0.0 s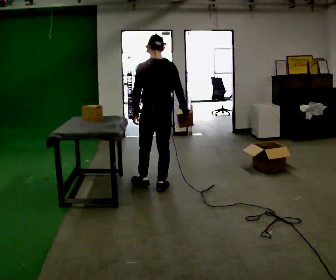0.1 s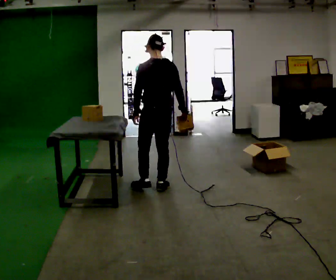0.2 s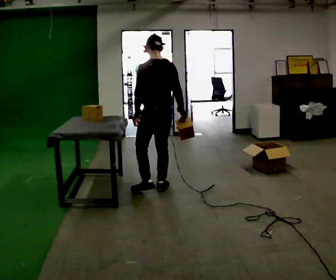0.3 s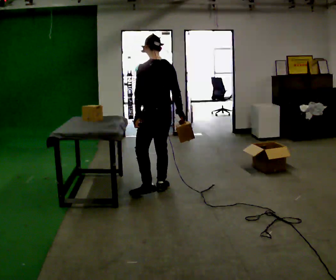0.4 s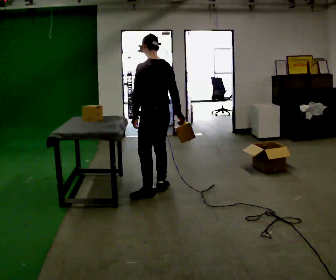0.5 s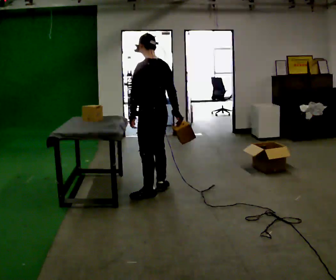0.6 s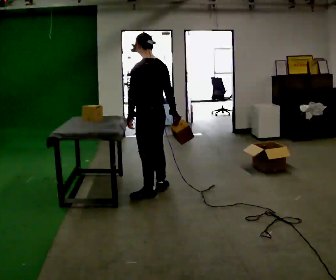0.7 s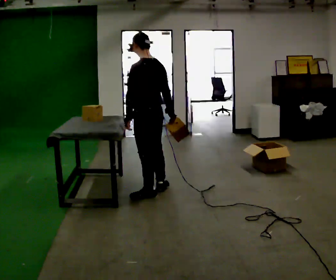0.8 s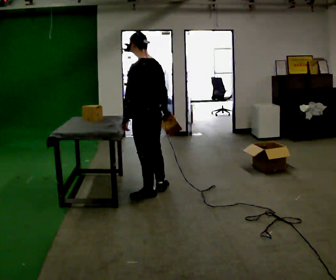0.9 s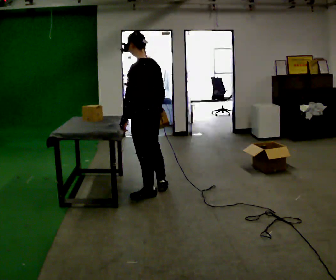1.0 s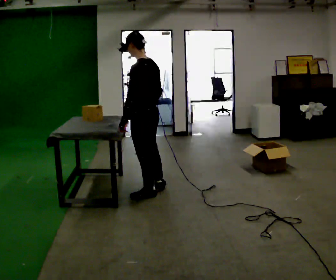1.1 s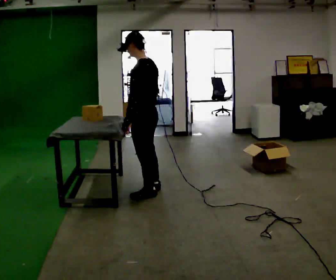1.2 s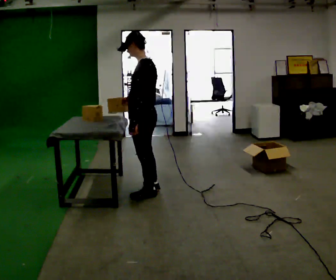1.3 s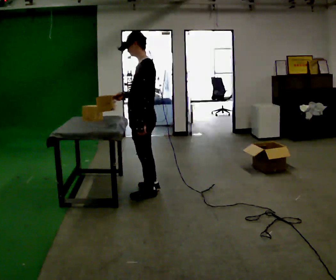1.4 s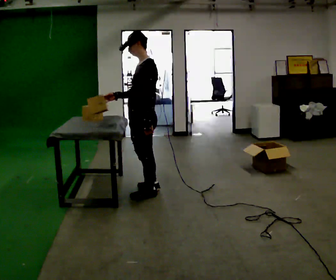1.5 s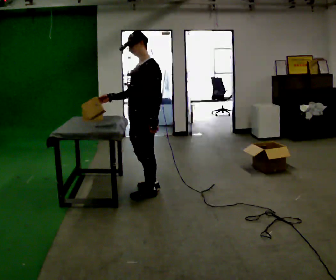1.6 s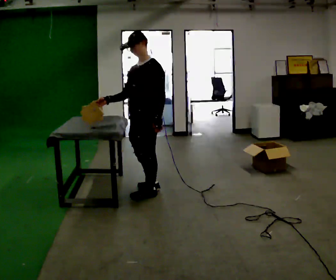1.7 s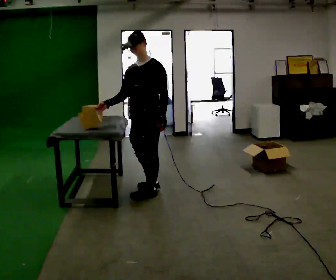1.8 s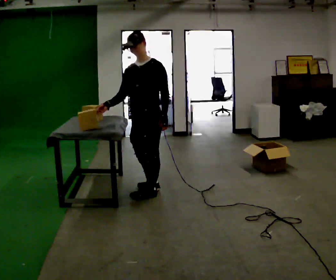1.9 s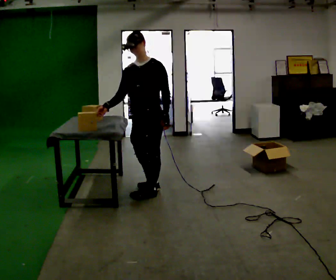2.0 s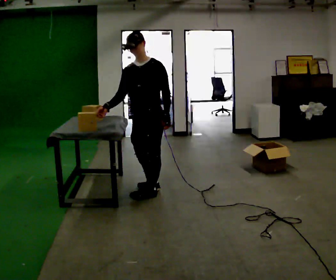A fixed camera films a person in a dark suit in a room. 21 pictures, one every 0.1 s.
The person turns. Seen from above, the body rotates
counterclockwise.
The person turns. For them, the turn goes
to their left.
0.0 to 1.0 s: The person turns about 45 degrees to their left, counterclockwise seen from above, so the part of the body nearest the lens slides to the right. In the picture they go toward the camera, about 0.25 m, which for them is to their left.
1.0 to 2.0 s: The person turns about 90 degrees to their left, counterclockwise seen from above, so the part of the body nearest the lens slides to the right. In the picture their right hand goes to the left, the arm swinging clockwise.
The film runs backward here.
